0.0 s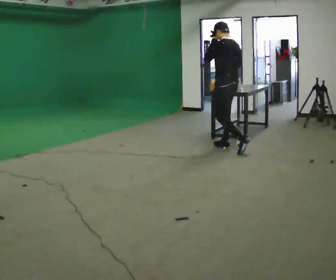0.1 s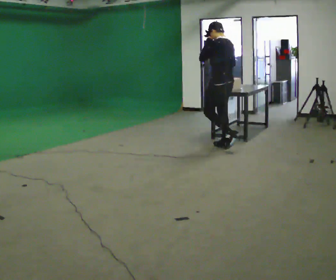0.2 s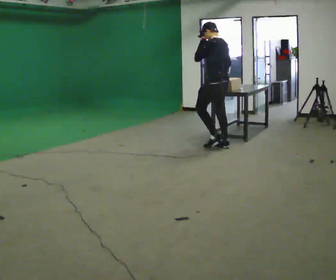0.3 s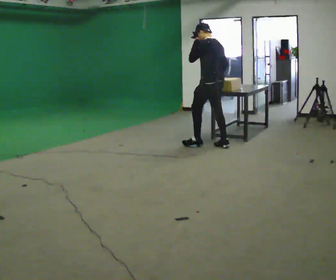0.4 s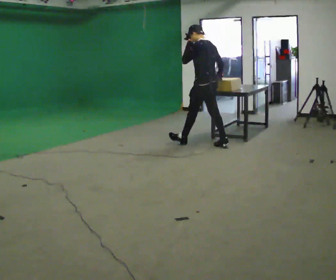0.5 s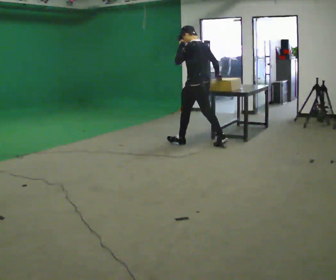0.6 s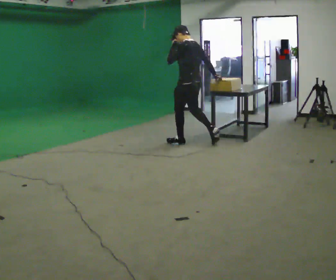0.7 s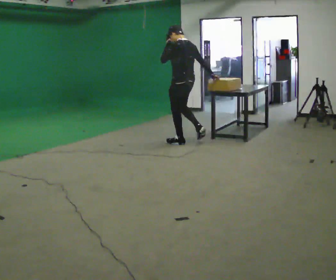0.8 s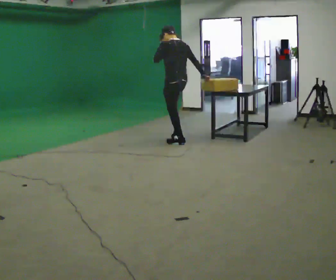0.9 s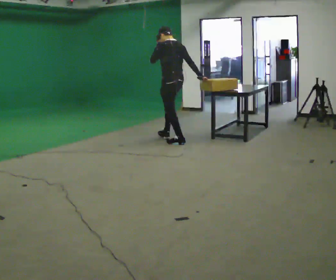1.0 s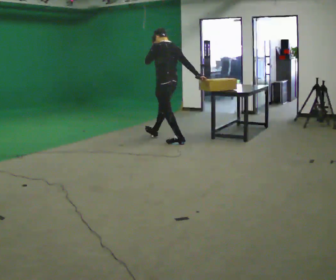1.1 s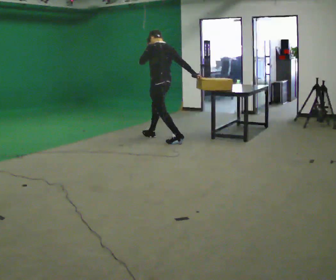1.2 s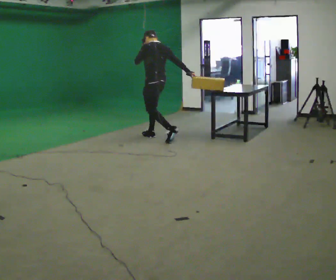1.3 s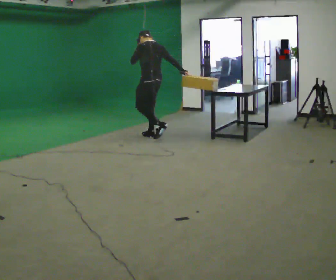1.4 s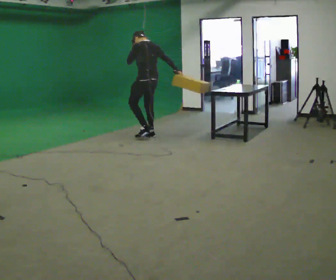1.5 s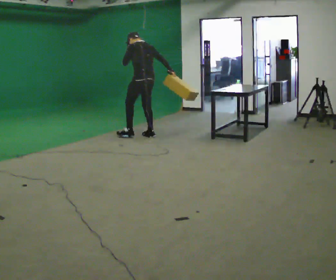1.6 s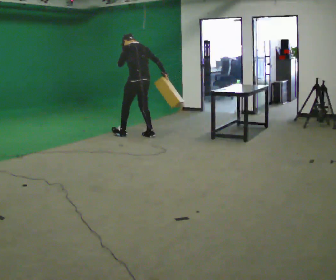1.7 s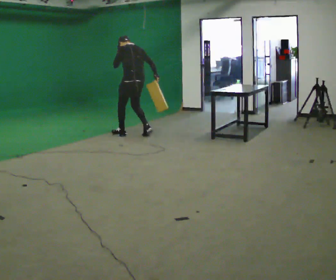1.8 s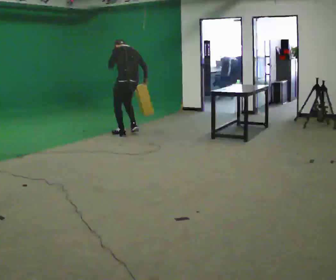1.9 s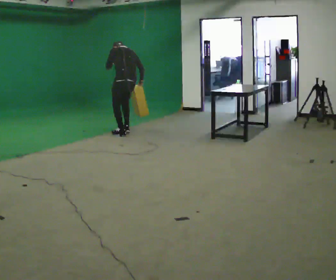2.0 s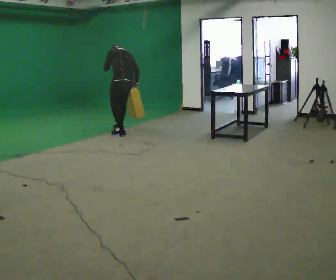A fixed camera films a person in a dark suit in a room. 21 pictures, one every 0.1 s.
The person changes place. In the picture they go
to the left.
The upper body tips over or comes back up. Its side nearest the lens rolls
upward.
0.0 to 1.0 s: In the picture they go to the left and away from the camera, about 1 m in 1 step, which for them is forward.
1.0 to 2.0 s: In the picture they go to the left and away from the camera, about 1 m in 2 steps, which for them is forward. The upper body tips away from the camera, its near side rolling upward, as they bend forward.
The film runs forward here.
